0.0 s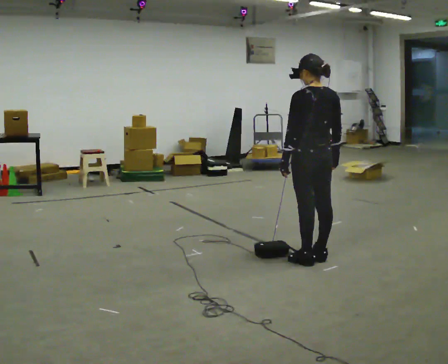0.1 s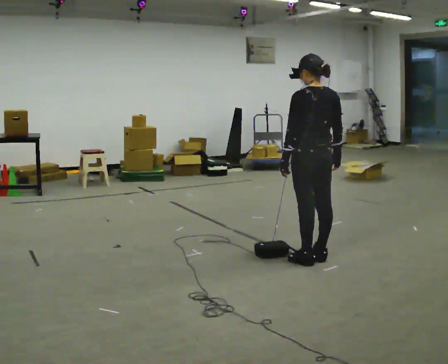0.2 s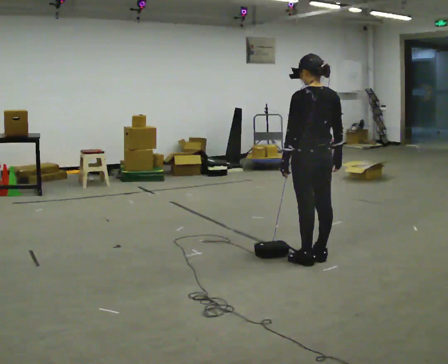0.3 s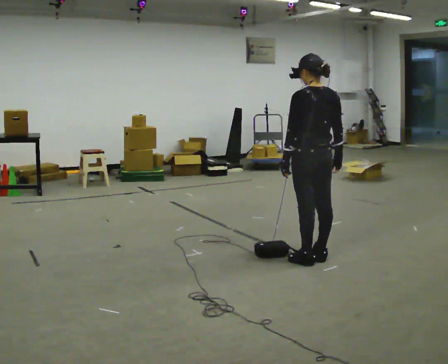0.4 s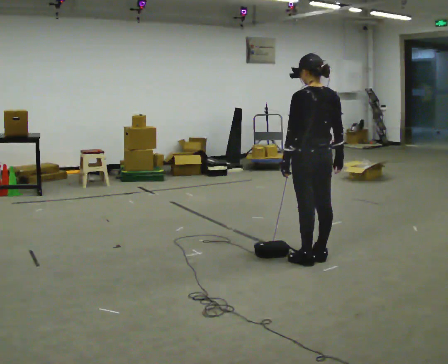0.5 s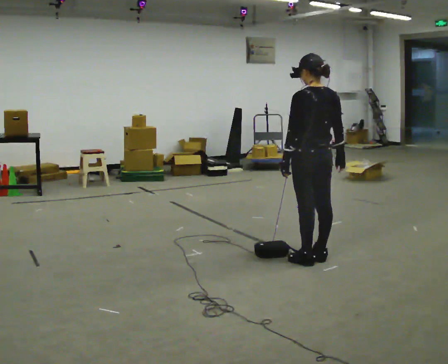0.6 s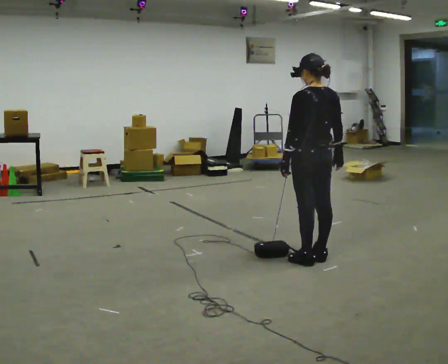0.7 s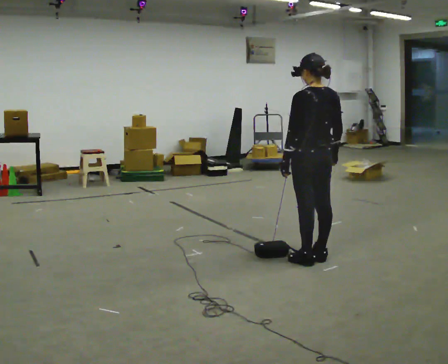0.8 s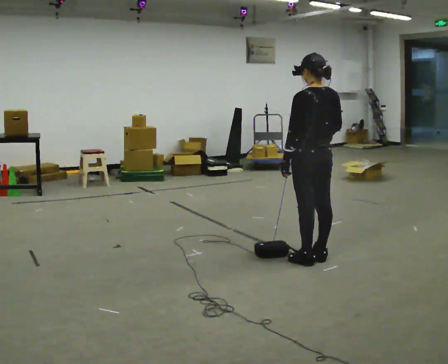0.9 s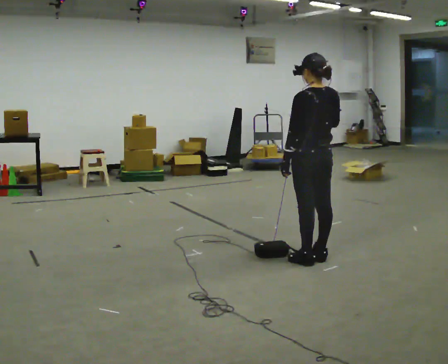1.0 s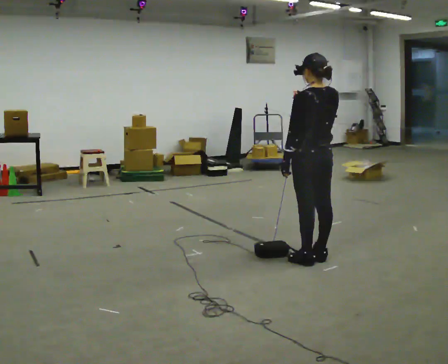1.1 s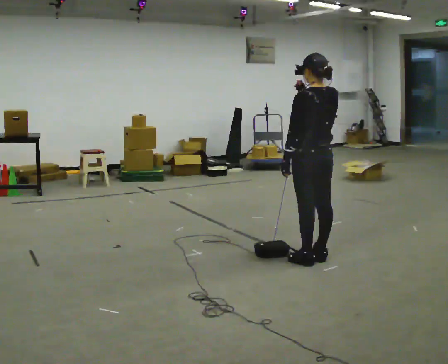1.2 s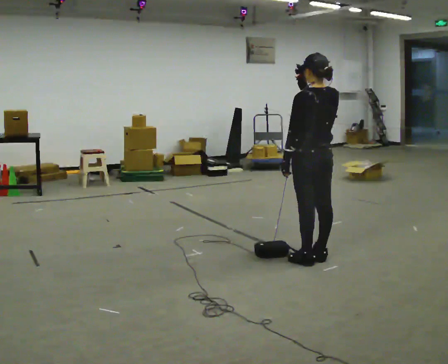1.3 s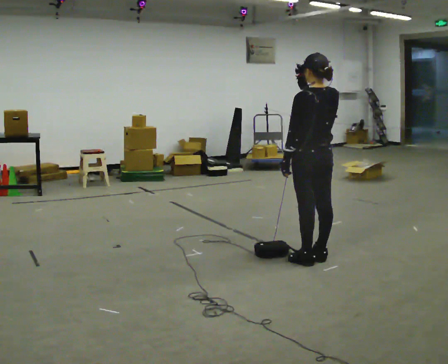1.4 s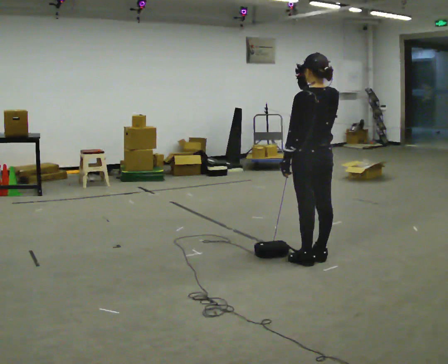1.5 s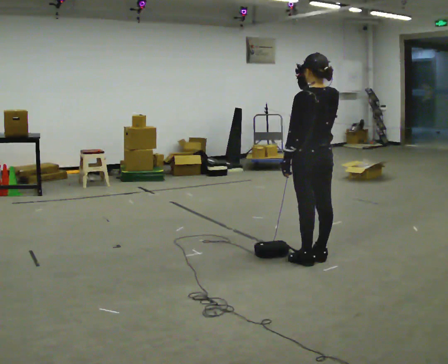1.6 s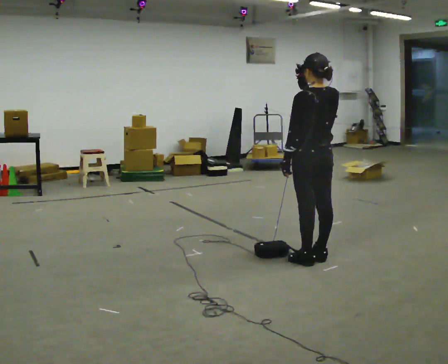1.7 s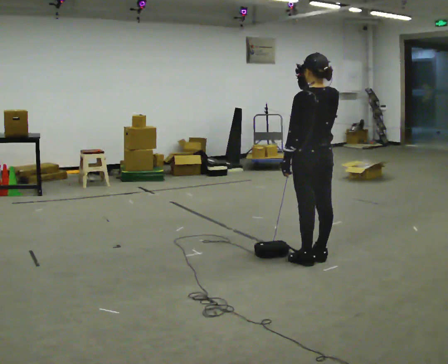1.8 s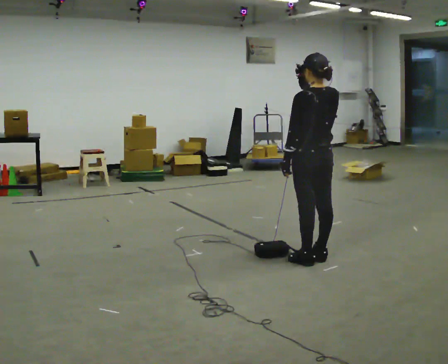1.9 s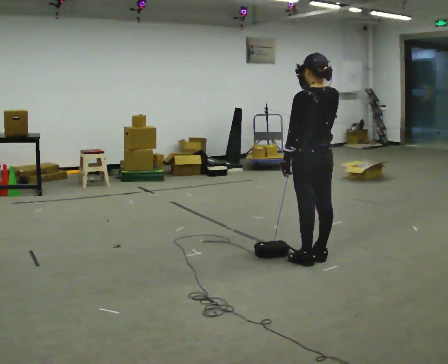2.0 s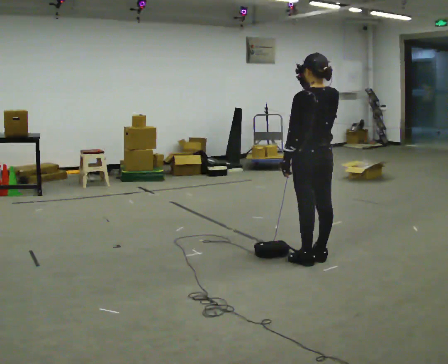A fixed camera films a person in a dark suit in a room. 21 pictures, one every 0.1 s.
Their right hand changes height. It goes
upward.
0.0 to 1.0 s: In the picture their right hand goes upward.
1.0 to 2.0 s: The person moves a little, or ends about where they began.
The film runs backward here.
